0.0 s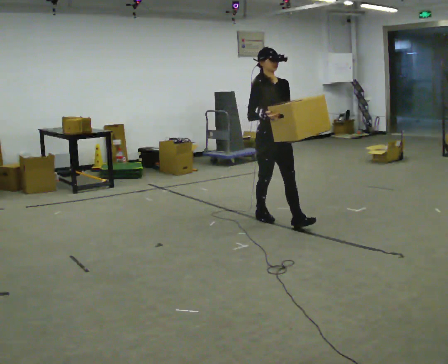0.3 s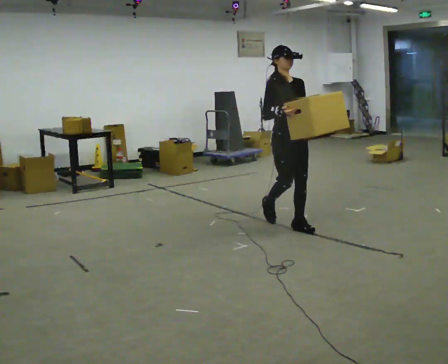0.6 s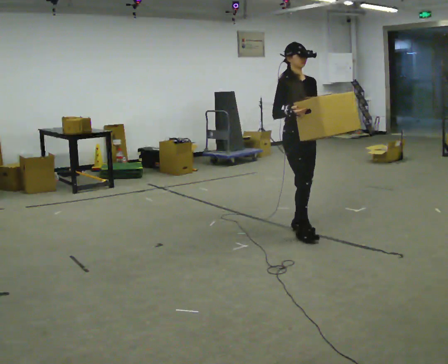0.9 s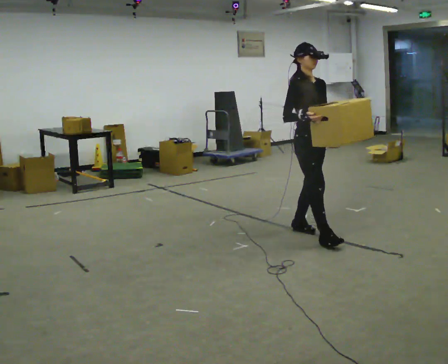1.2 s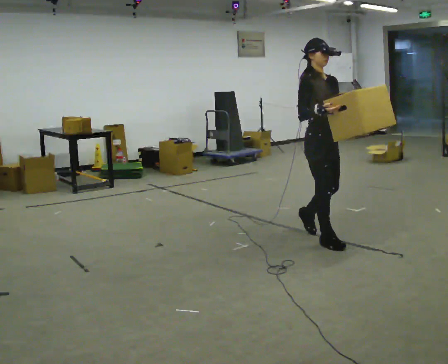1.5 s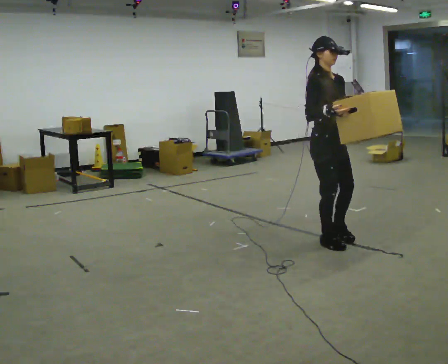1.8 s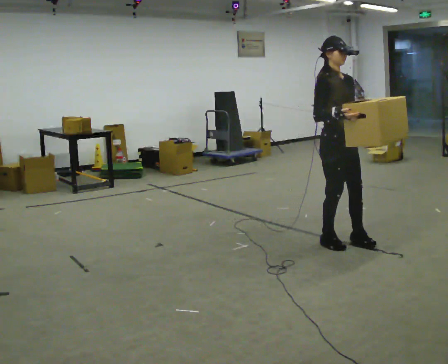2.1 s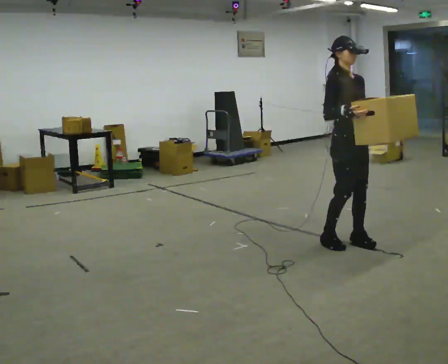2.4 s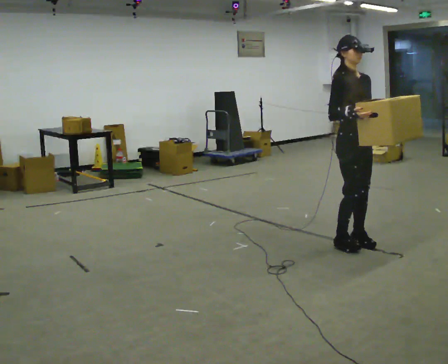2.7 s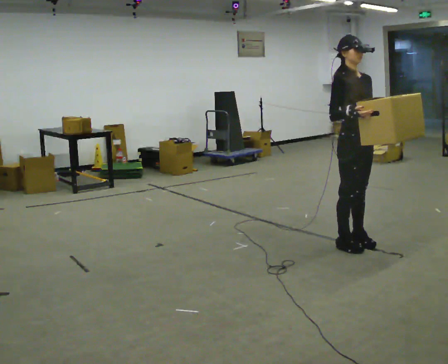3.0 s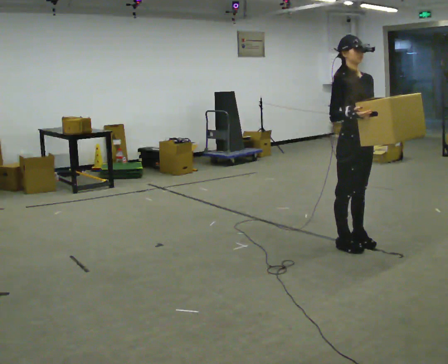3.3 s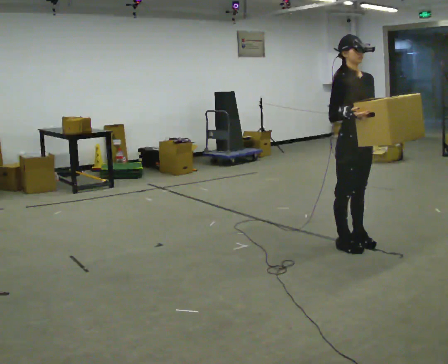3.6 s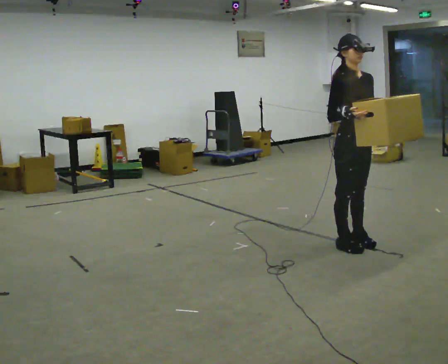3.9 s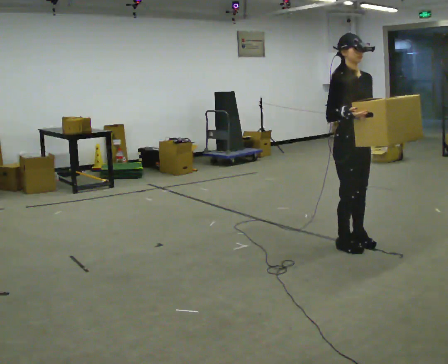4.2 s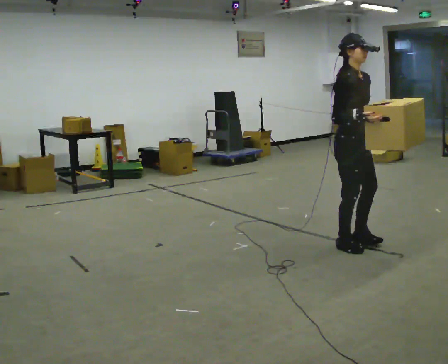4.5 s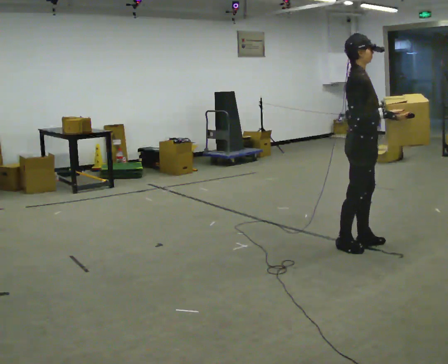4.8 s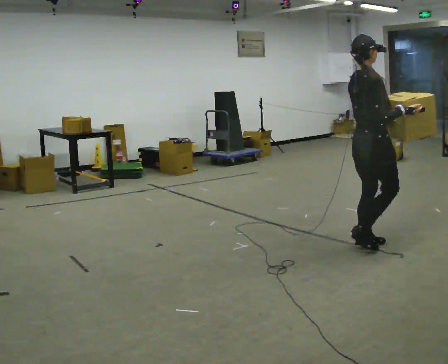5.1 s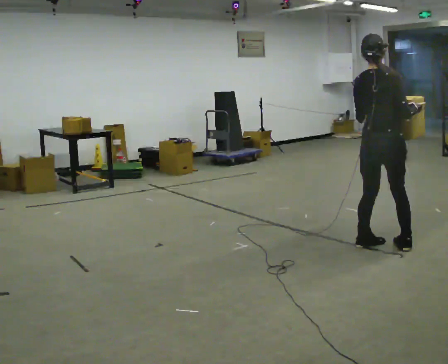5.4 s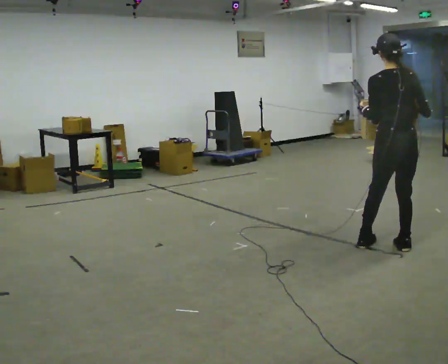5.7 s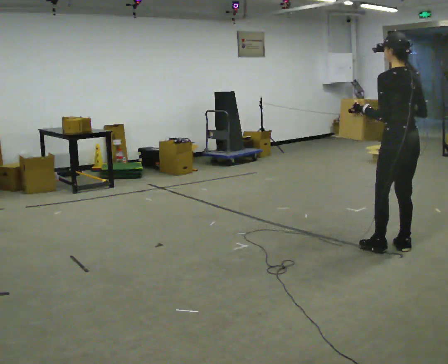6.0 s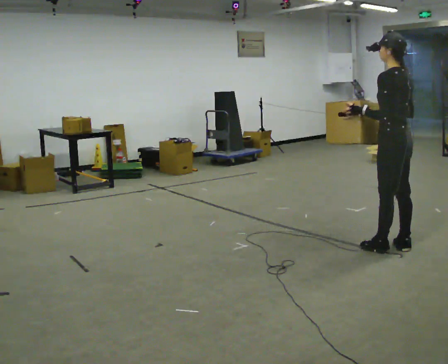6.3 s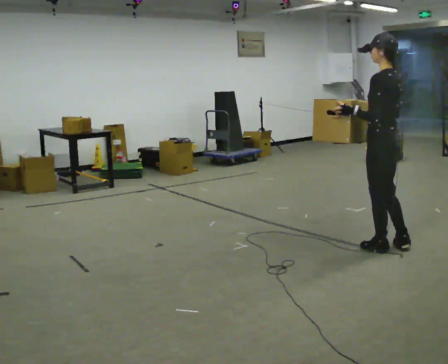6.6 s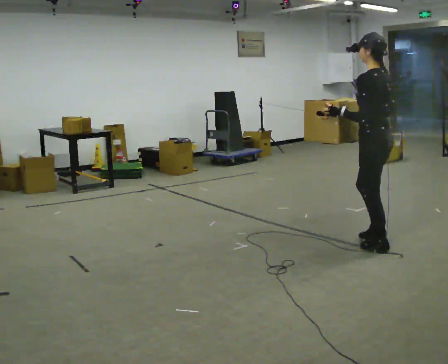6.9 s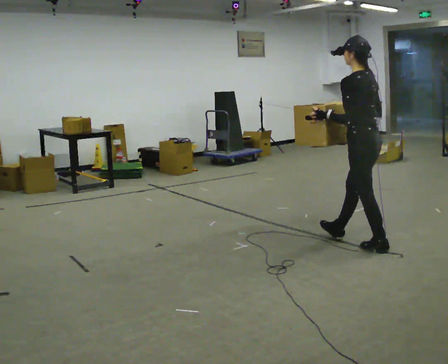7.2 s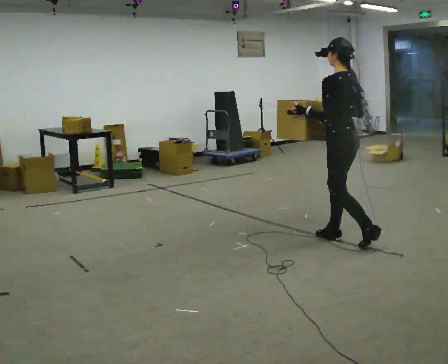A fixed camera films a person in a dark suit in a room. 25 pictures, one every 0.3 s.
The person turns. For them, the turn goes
to their left.
The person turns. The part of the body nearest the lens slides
to the right.
0.0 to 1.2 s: In the picture they go toward the camera and to the right, about 0.75 m in 2 steps, which for them is forward.
1.2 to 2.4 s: In the picture they go to the right, about 0.25 m in 2 steps, which for them is forward.
2.4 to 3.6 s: The person moves a little, or ends about where they began.
3.6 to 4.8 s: The person turns about 75 degrees to their left, counterclockwise seen from above, so the part of the body nearest the lens slides to the right. In the picture their right hand goes to the right.
4.8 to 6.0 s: The part of the body nearest the lens slides to the right as the person turns to their left by about 120 degrees. In the picture they go to the right, about 0.25 m in 2 steps.
6.0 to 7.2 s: In the picture they go to the left and away from the camera, about 0.5 m in 1 step, which for them is forward.
The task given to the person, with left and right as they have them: Carry the heavy box in both hands in front of you, walking back and forth across the room. Keep walking until the operator says stop. Set it down if you need a rest.
The film runs forward here.
